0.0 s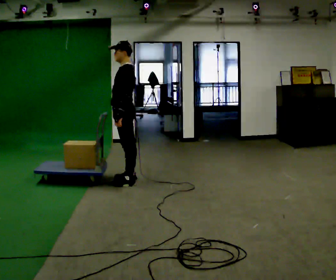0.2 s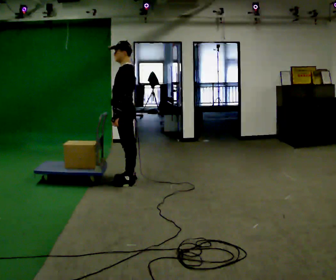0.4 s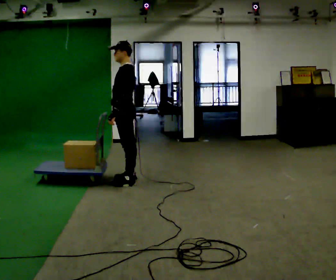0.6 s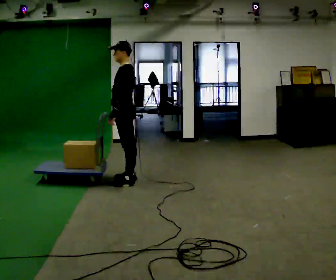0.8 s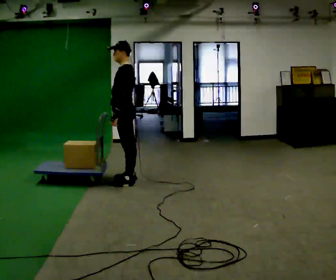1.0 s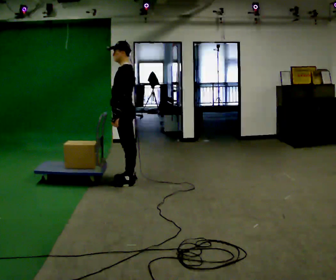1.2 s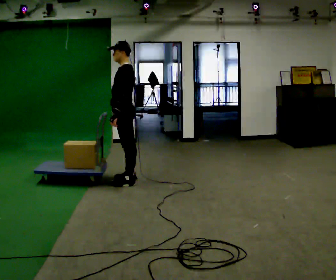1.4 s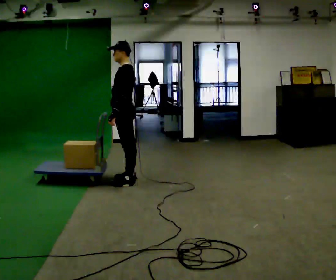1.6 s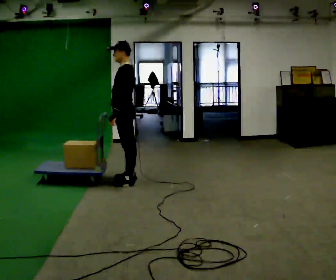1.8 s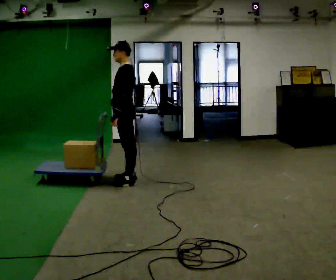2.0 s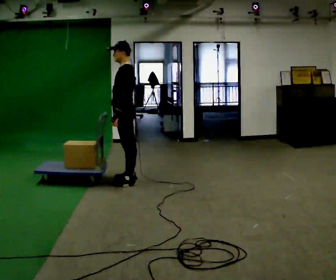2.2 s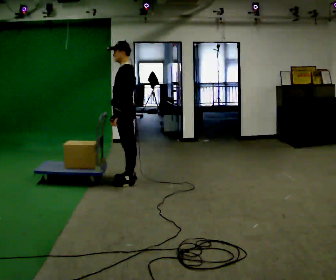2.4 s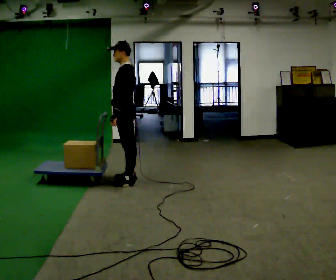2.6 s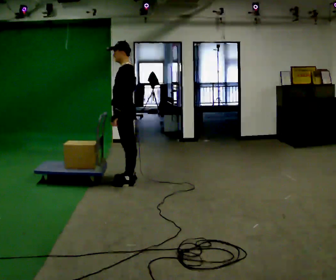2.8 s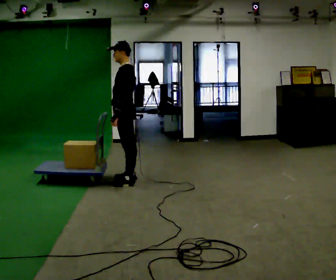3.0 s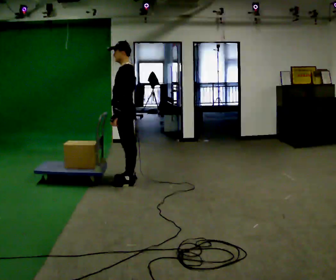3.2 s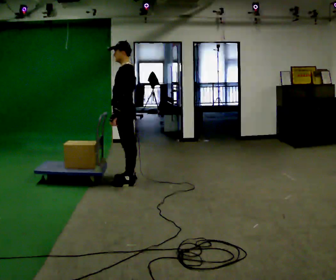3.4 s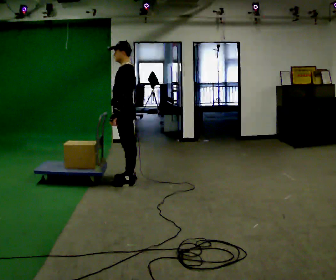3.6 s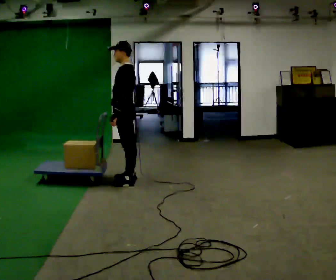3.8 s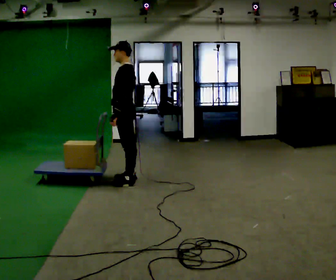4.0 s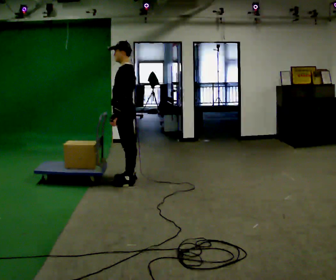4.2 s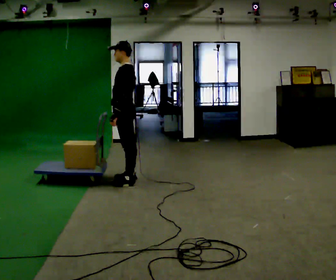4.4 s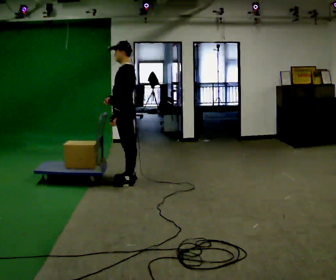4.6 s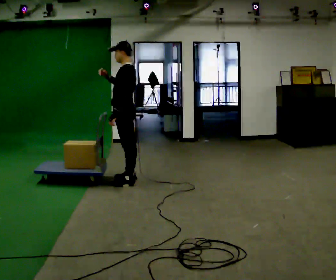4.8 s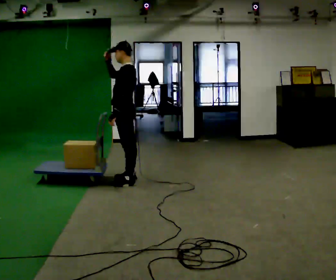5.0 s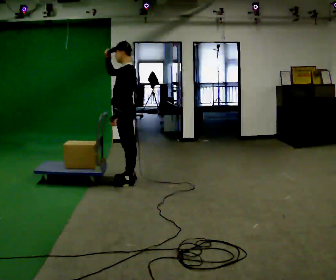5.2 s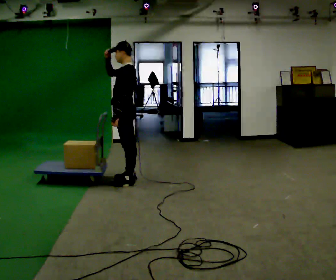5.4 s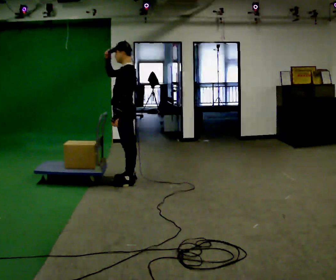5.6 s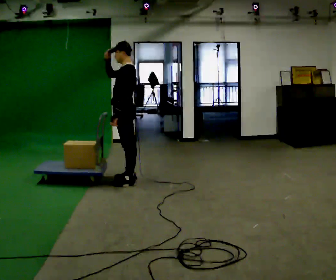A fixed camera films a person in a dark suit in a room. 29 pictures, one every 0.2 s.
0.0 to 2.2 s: The person moves a little, or ends about where they began.
2.2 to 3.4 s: The person keeps their place and pose.
3.4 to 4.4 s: The person moves a little, or ends about where they began.
4.4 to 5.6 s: In the picture their right hand goes upward.
The film runs forward here.
